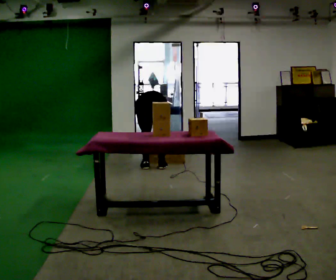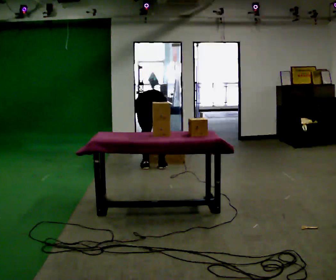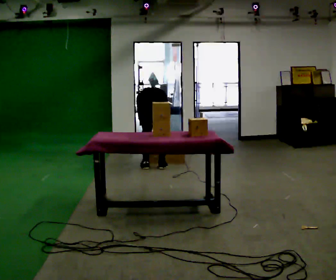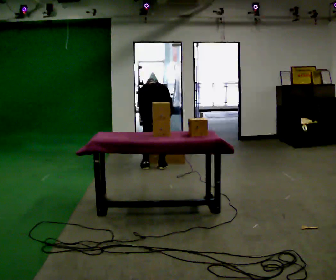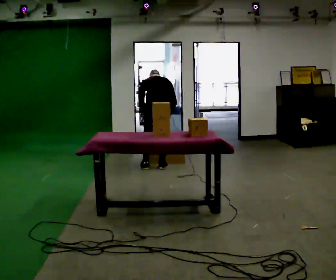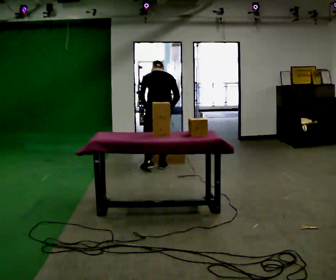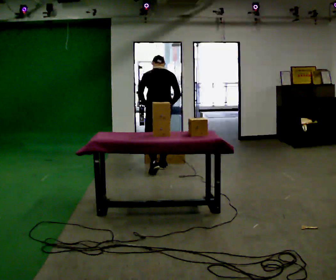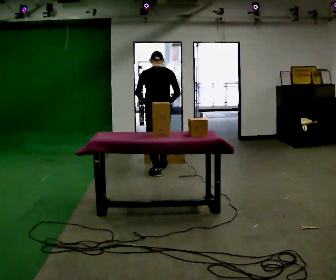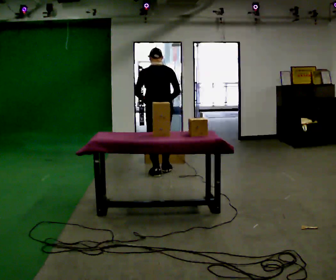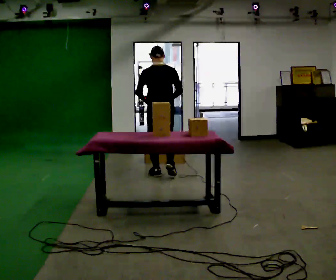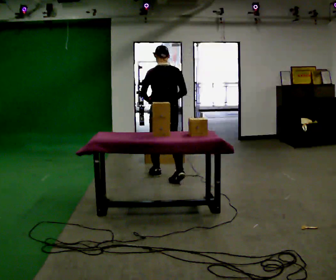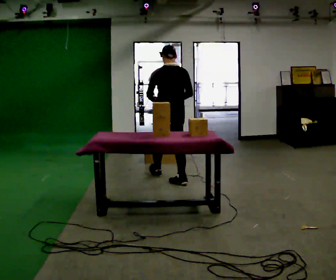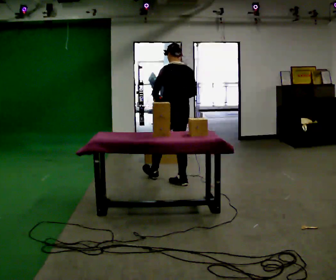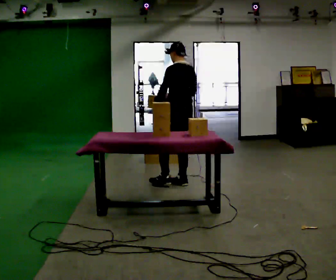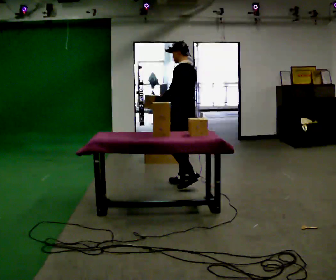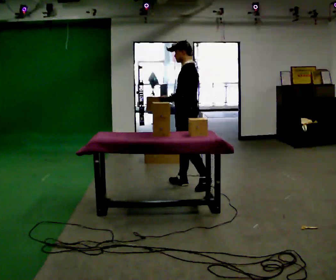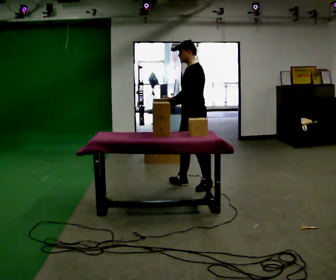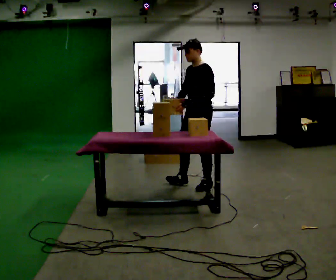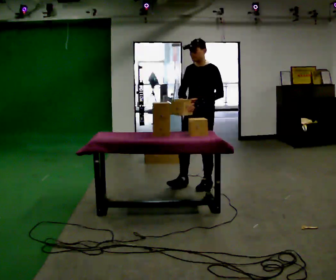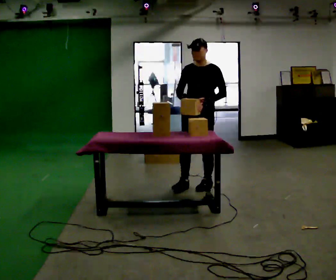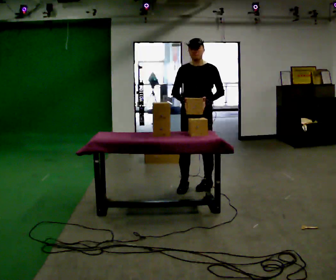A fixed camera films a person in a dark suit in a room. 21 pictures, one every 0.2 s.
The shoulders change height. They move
upward.
The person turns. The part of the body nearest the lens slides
to the right.
0.0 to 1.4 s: In the picture they go toward the camera, about 0.25 m in 1 step, which for them is backward. The shoulders move upward. The upper body tips toward the camera, its near side rolling downward, as they lean back or straighten. In the picture their left hand goes upward.
1.4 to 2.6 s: The part of the body nearest the lens slides to the right as the person turns to their left by about 30 degrees. In the picture they go toward the camera and to the right, about 0.5 m in 2 steps, which for them is backward and to their right.
2.6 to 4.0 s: The person turns about 120 degrees to their left, counterclockwise seen from above, so the part of the body nearest the lens slides to the right. In the picture they go toward the camera and to the right, about 0.25 m.
The film runs backward here.
